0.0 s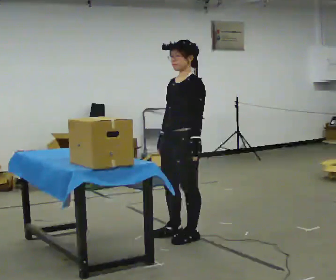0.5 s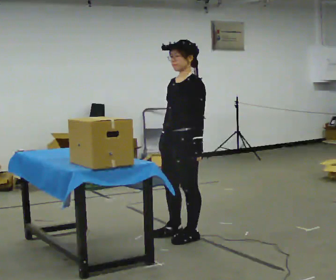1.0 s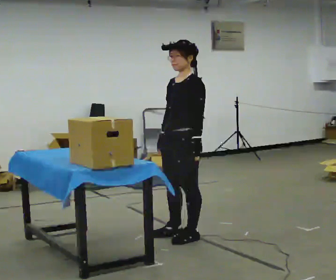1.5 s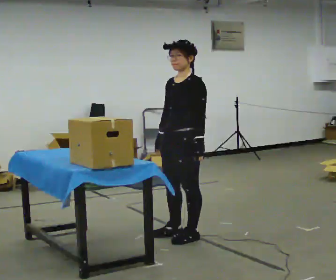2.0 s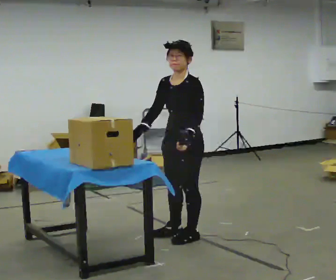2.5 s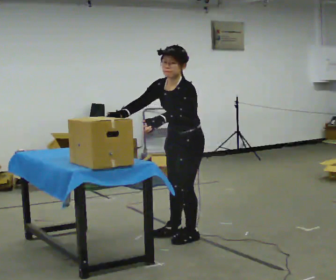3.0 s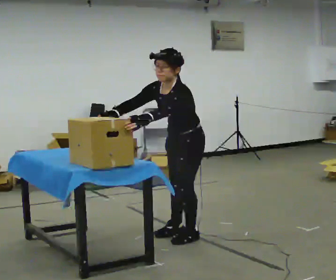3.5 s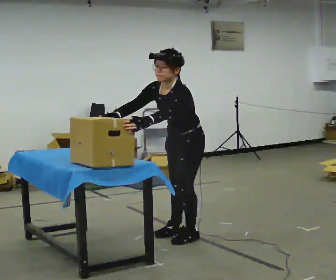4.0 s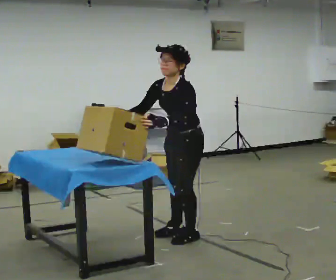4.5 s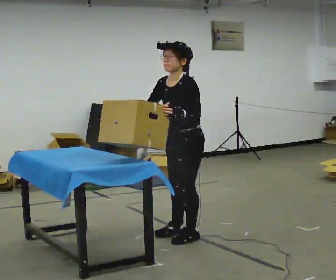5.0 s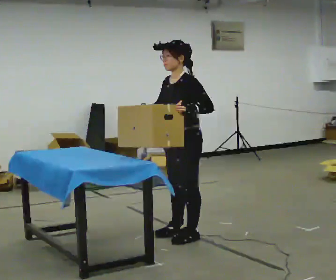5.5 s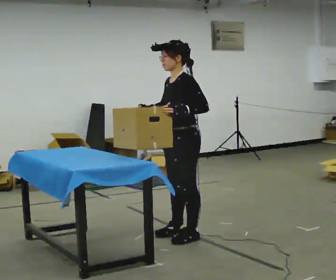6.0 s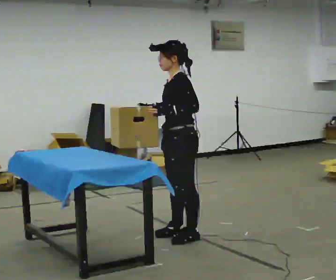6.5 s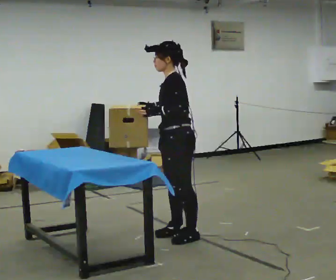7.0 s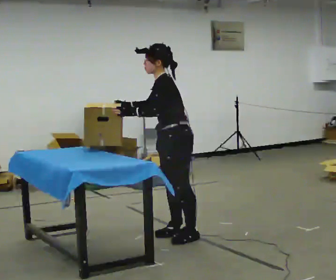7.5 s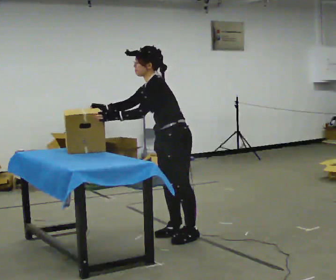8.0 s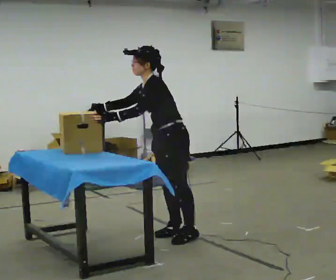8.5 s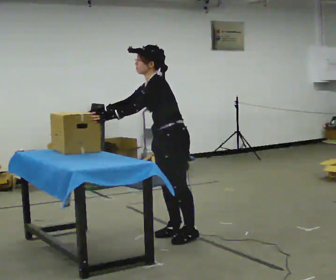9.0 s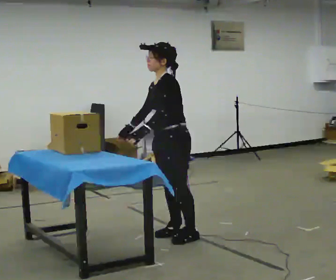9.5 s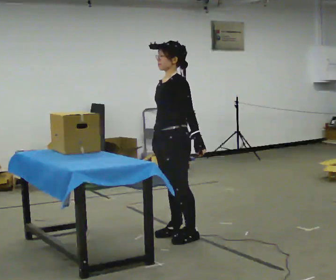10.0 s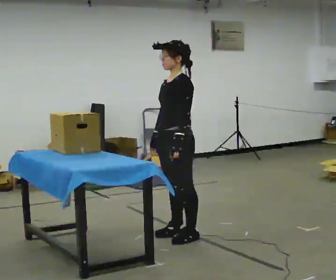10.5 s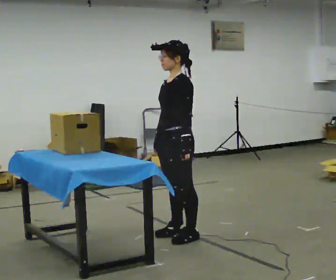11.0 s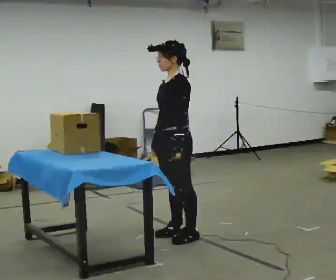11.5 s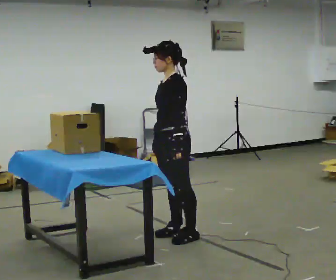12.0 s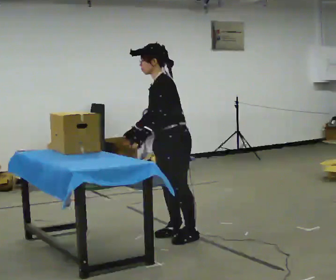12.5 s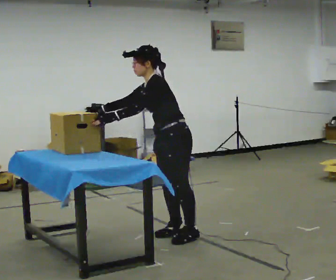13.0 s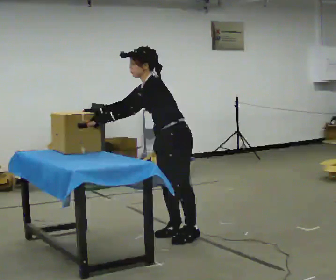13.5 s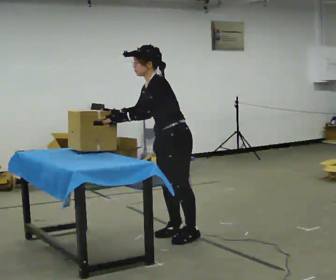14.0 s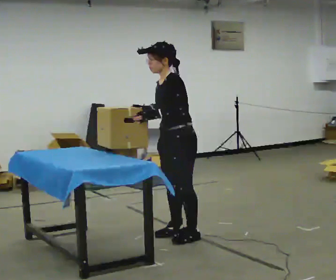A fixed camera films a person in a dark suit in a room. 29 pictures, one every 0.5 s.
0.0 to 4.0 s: In the picture their right hand goes to the left.
4.0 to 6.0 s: The upper body tips away from the camera, its near side rolling upward, as they lean back or straighten.
6.0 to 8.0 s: In the picture the upper body tilts counterclockwise, shoulders to the left, as they bend forward. In the picture their left hand goes to the left.
8.0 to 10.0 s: In the picture the upper body tilts clockwise, shoulders to the right, as they lean back or straighten. In the picture their right hand goes to the right, the arm swinging counterclockwise.
10.0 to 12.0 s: In the picture the upper body tilts counterclockwise, shoulders to the left, as they bend forward.
12.0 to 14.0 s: The person moves a little, or ends about where they began.
The film runs forward here.
